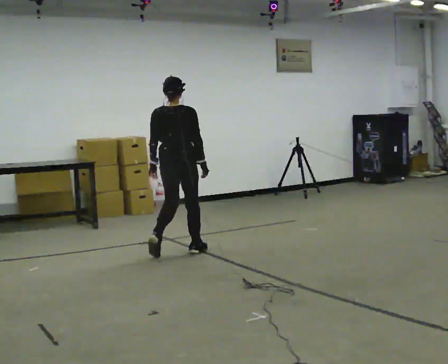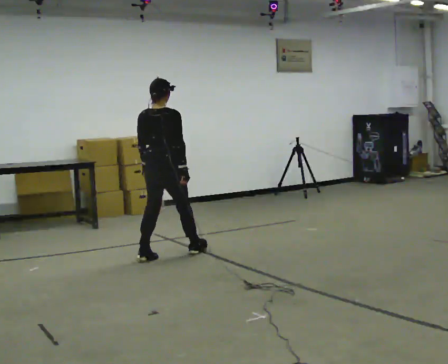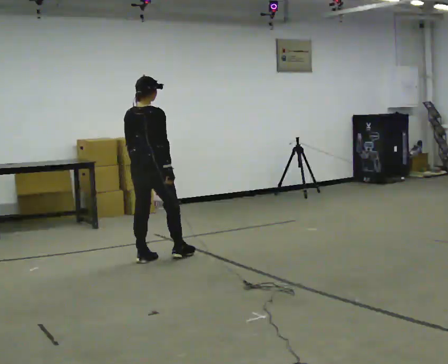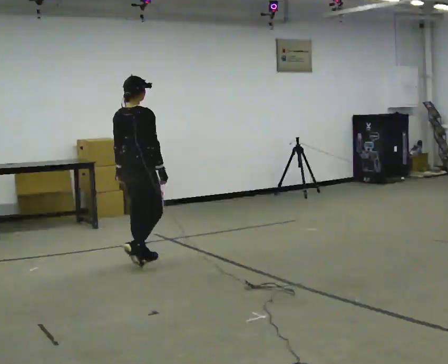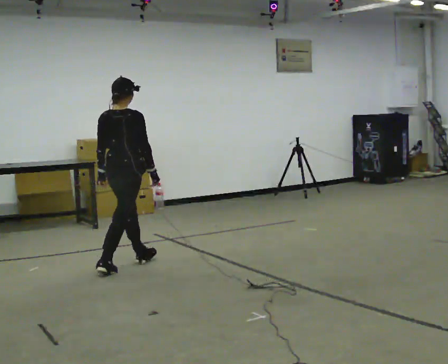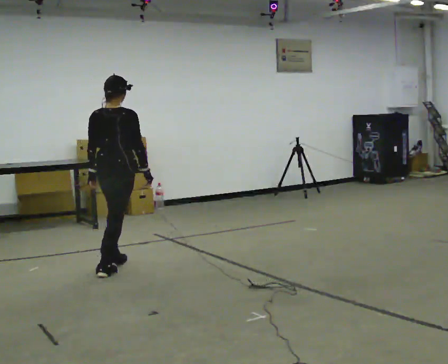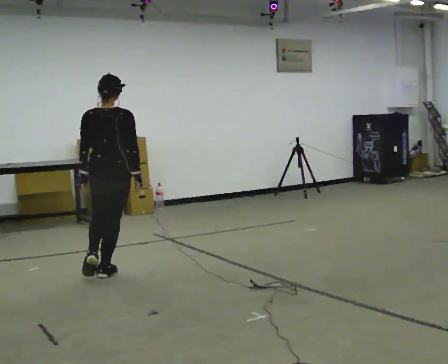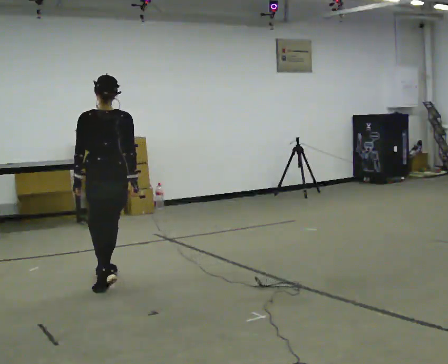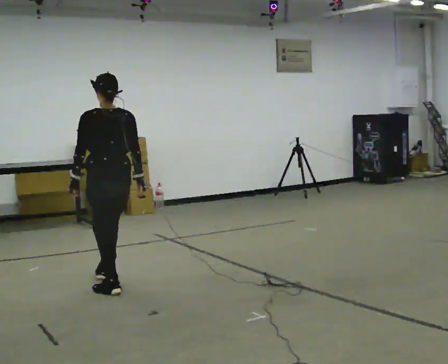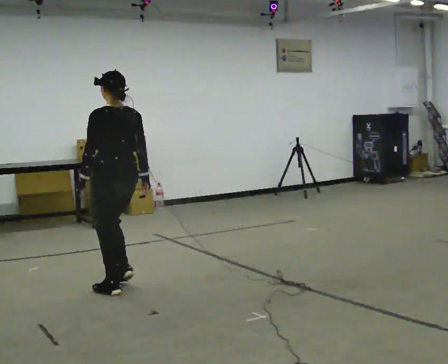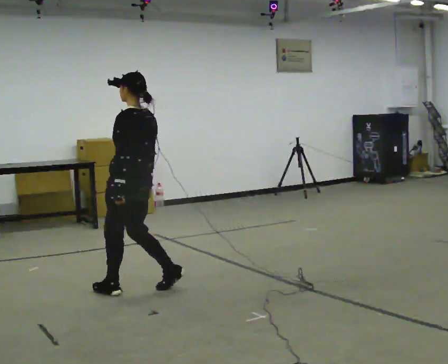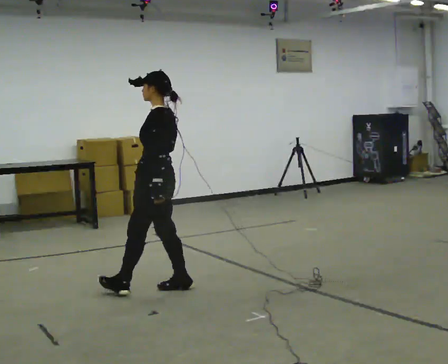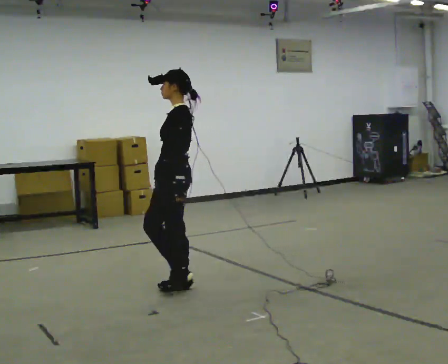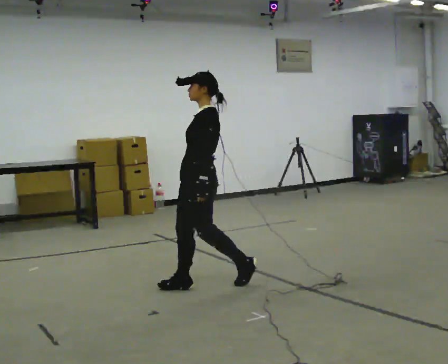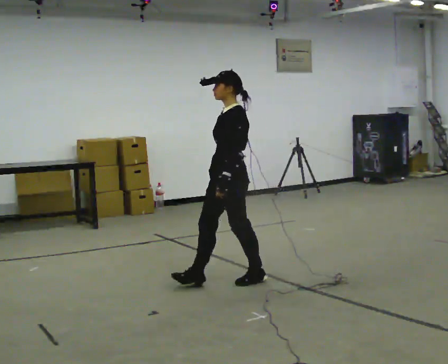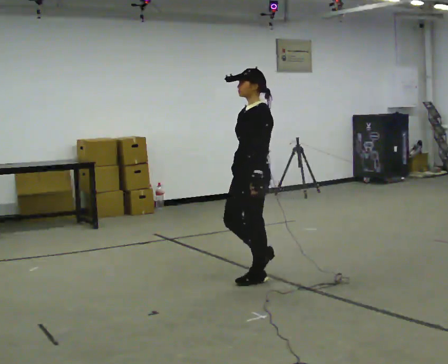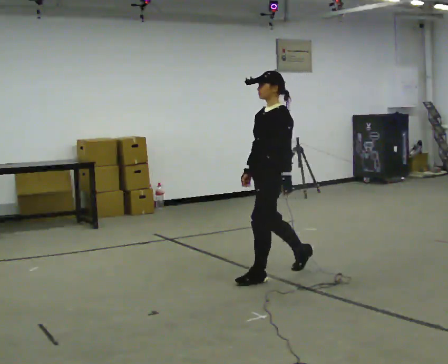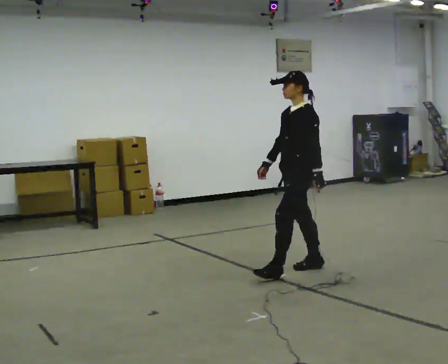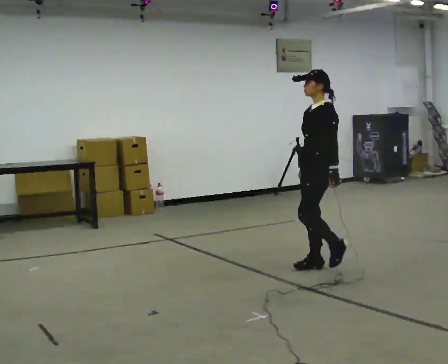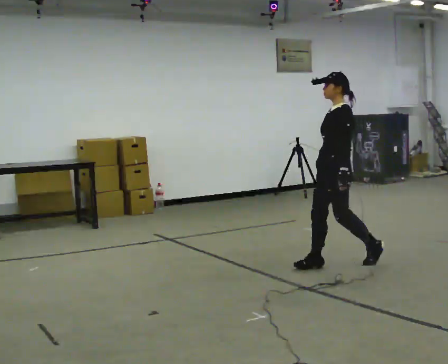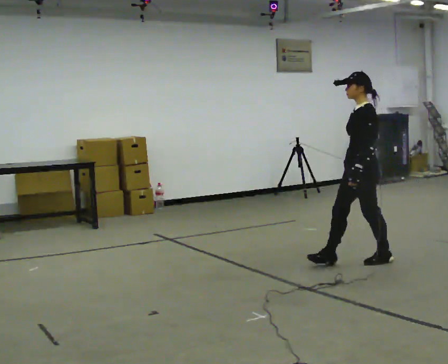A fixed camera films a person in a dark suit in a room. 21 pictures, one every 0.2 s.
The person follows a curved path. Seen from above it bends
counterclockwise.
0.0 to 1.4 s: In the picture they go toward the camera and to the left, about 1 m in 2 steps, which for them is backward.
1.4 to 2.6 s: The person turns about 90 degrees to their left, counterclockwise seen from above, so the part of the body nearest the lens slides to the right. In the picture they go to the right, about 0.75 m in 2 steps.
2.6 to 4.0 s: In the picture they go to the right, about 1.5 m in 3 steps, which for them is backward.
The film runs backward here.
